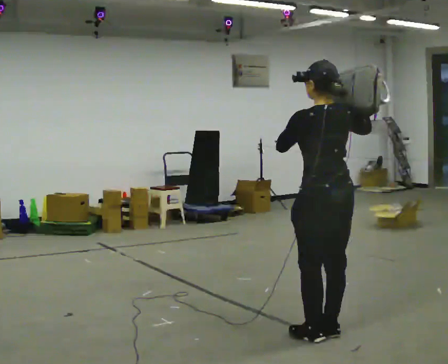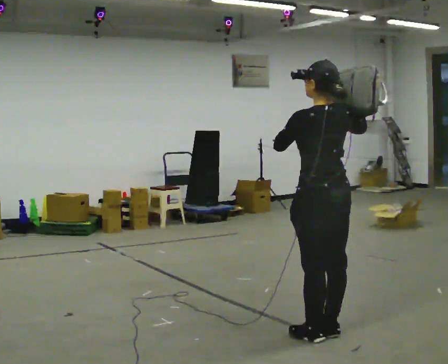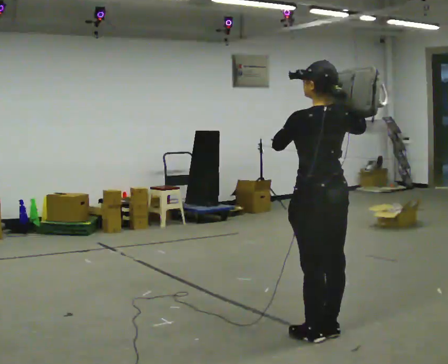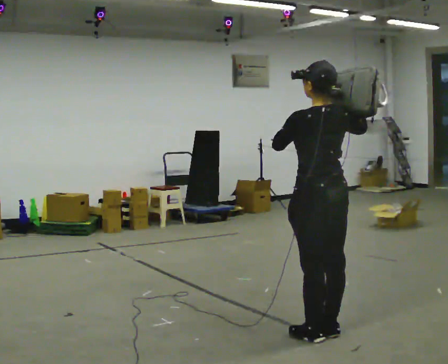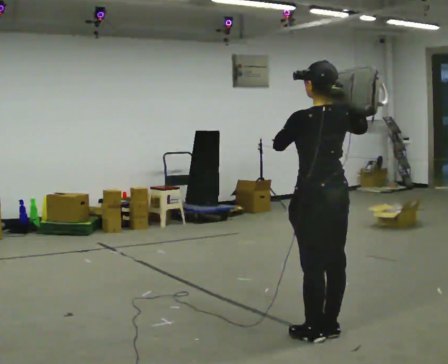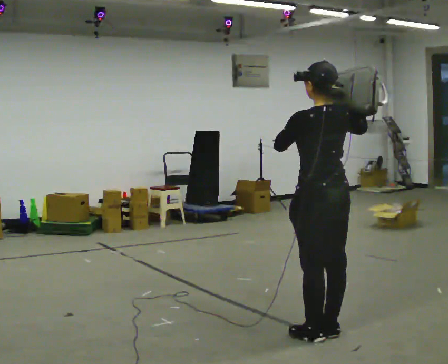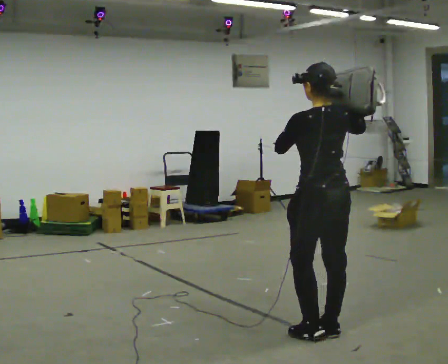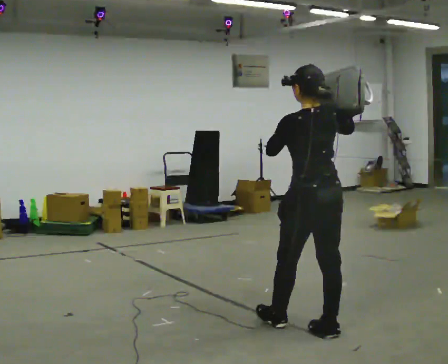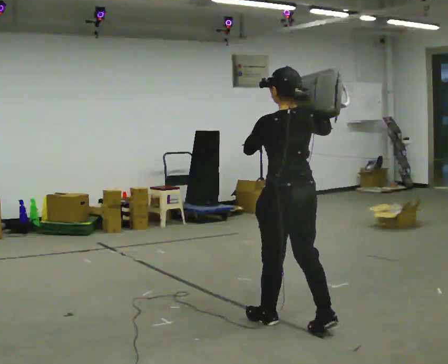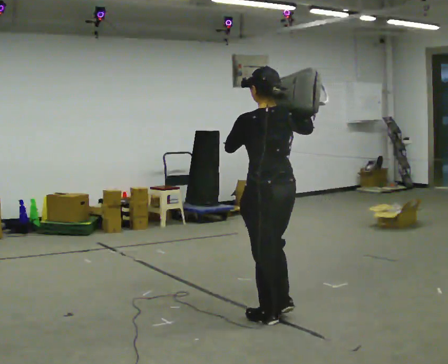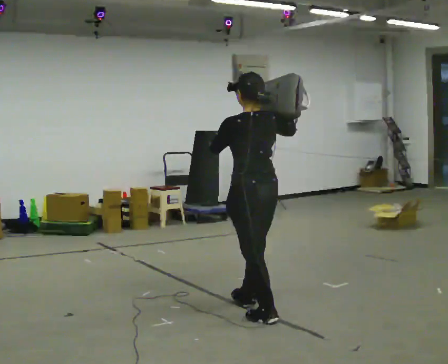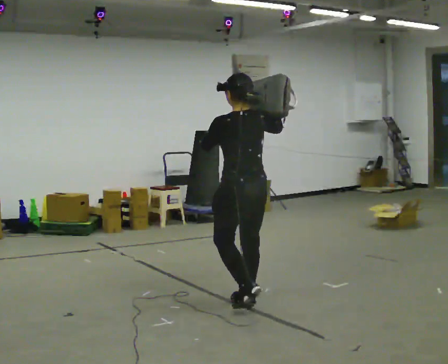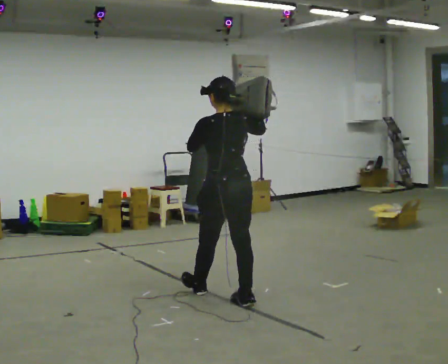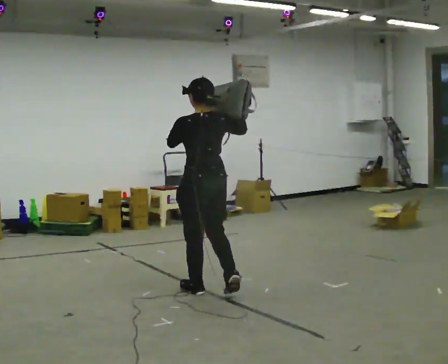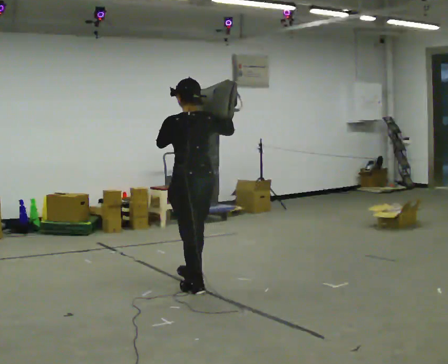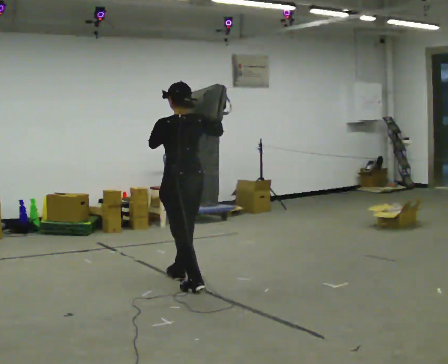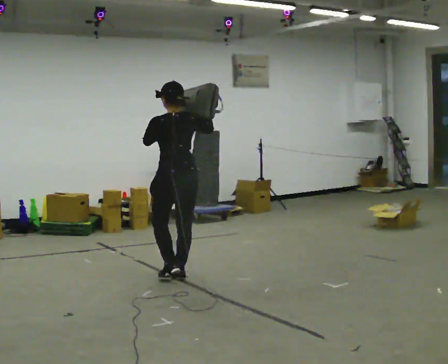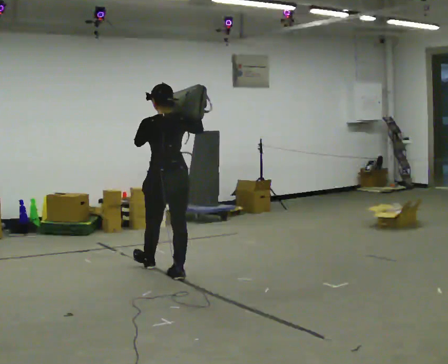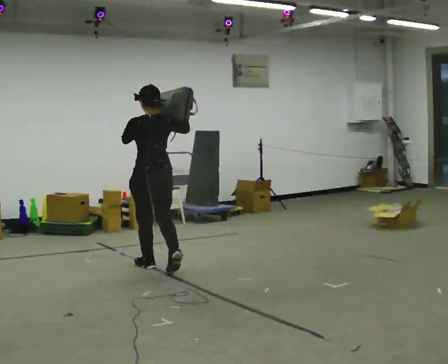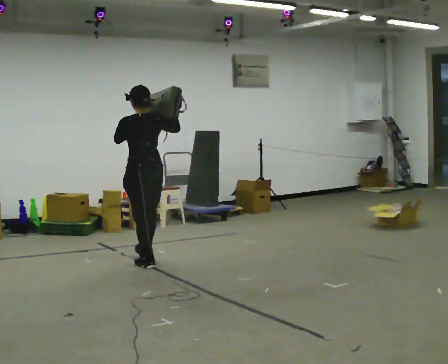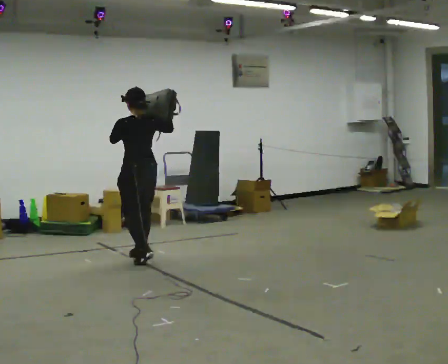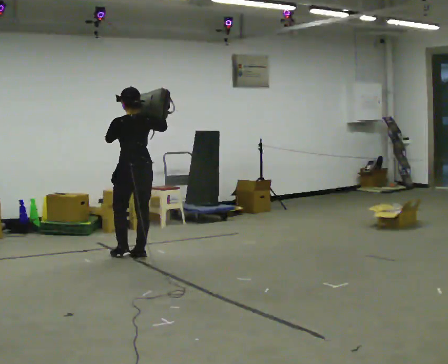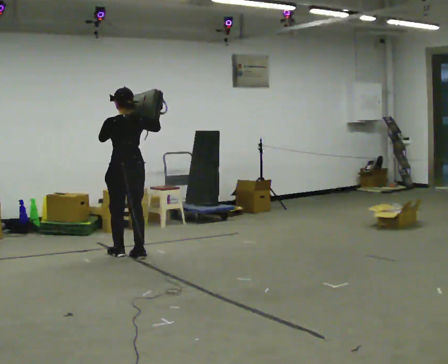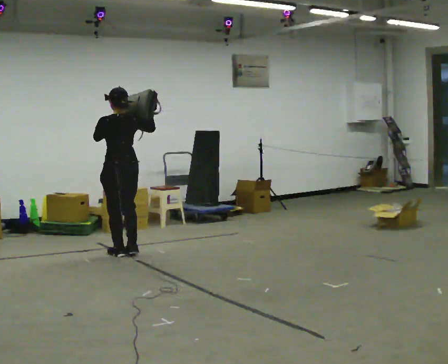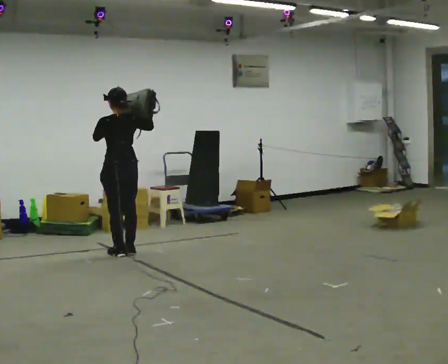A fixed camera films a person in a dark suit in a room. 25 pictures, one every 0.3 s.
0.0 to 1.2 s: The person moves a little, or ends about where they began.
1.2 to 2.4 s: In the picture they go to the left and away from the camera, about 0.25 m in 1 step, which for them is forward.
2.4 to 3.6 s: In the picture they go away from the camera and to the left, about 0.5 m in 1 step, which for them is forward.
3.6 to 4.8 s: In the picture they go away from the camera and to the left, about 1 m in 2 steps, which for them is forward.
4.8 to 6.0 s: In the picture they go away from the camera and to the left, about 1 m in 2 steps, which for them is forward.
6.0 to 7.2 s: In the picture they go to the left and away from the camera, about 0.25 m in 2 steps, which for them is forward.
The film runs forward here.
